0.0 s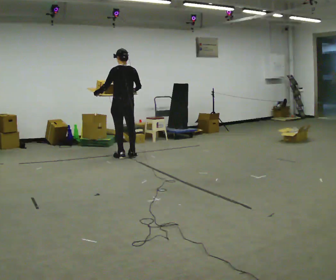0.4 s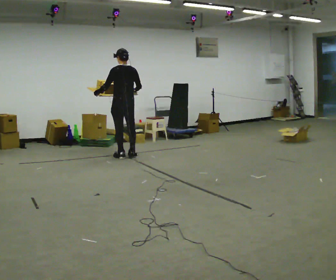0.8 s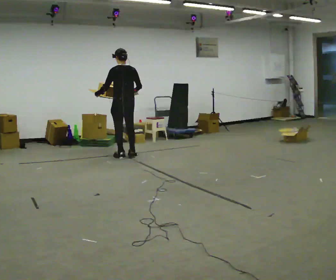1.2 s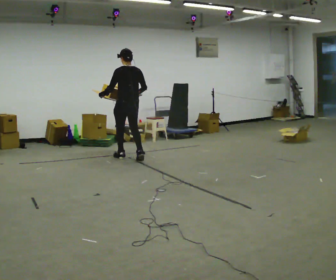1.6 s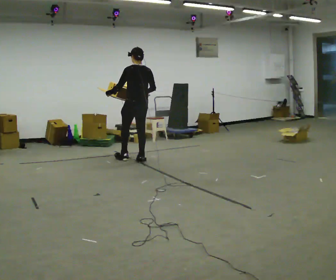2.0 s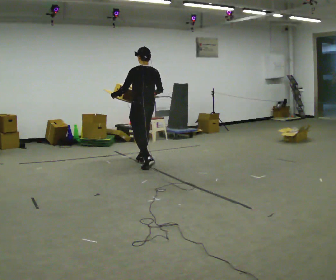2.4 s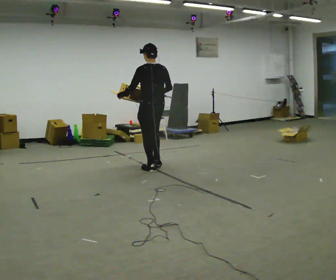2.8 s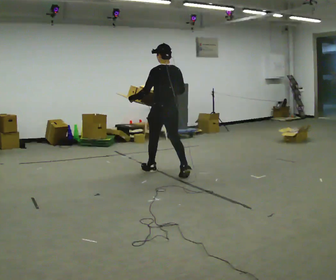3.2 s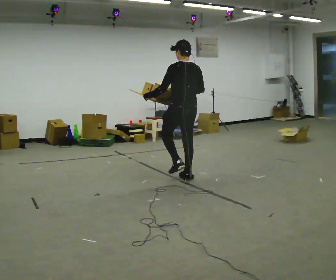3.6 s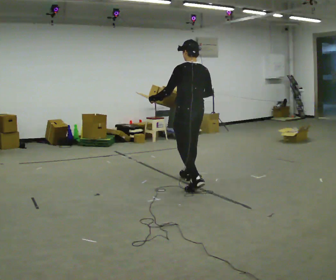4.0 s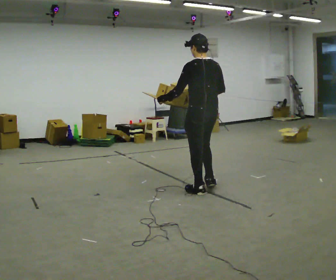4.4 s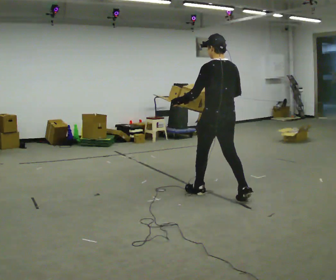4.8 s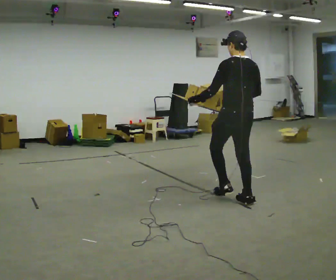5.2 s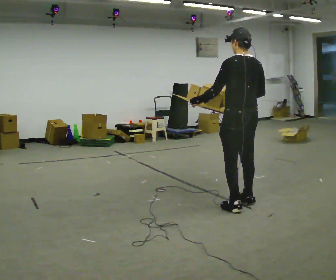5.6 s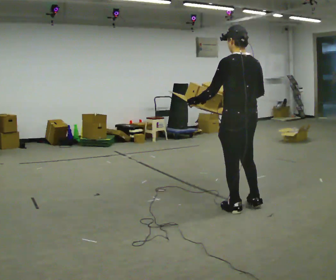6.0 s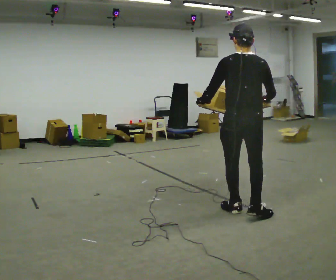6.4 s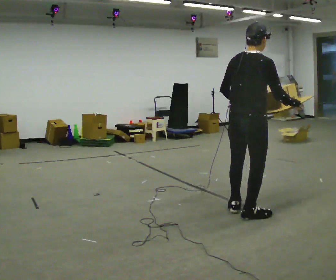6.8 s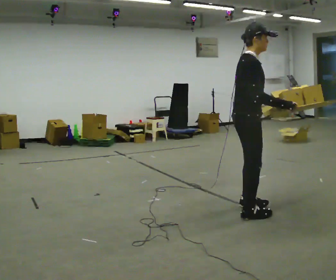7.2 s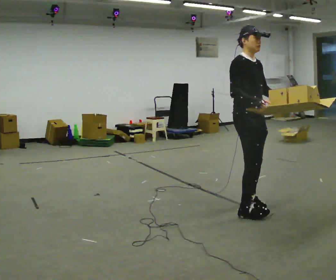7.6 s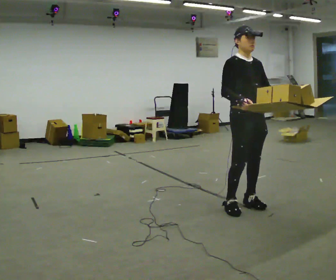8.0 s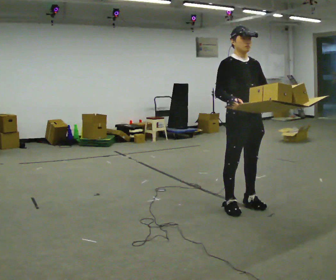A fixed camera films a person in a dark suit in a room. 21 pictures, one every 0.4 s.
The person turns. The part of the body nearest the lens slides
to the left.
Their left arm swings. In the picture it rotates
counterclockwise.
0.0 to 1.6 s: In the picture they go toward the camera and to the right, about 0.25 m in 2 steps, which for them is backward.
1.6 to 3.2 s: In the picture they go toward the camera and to the right, about 1 m in 2 steps, which for them is backward.
3.2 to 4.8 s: In the picture they go toward the camera and to the right, about 1 m in 2 steps, which for them is backward.
4.8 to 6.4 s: The person turns about 60 degrees to their right, clockwise seen from above, so the part of the body nearest the lens slides to the left. In the picture they go toward the camera, about 0.5 m in 1 step, which for them is backward and to their left.
6.4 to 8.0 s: The part of the body nearest the lens slides to the left as the person turns to their right by about 120 degrees. In the picture they go away from the camera, about 0.25 m in 2 steps. In the picture their left hand goes to the right, the arm swinging counterclockwise.
The film runs backward here.
